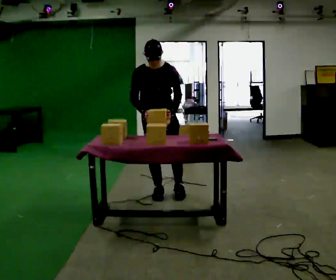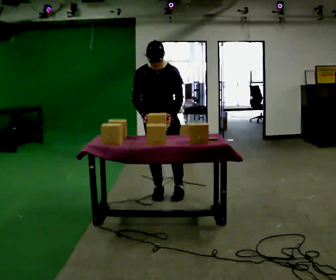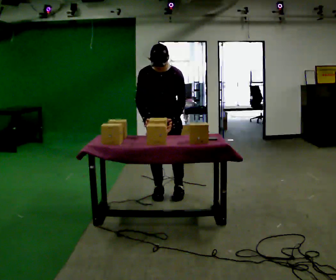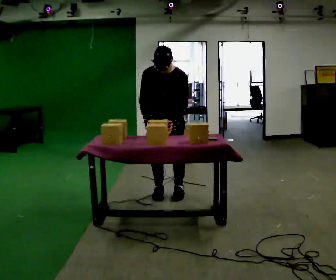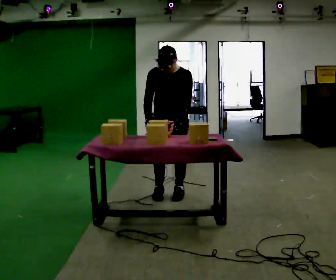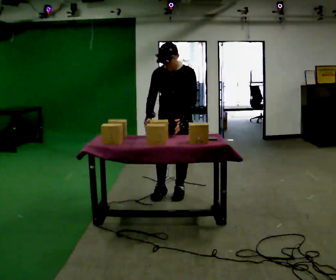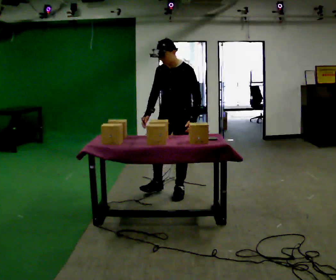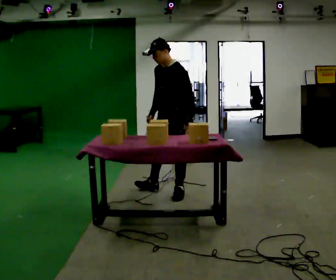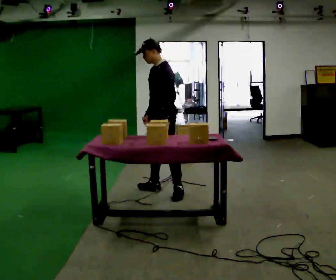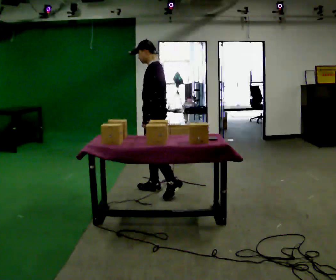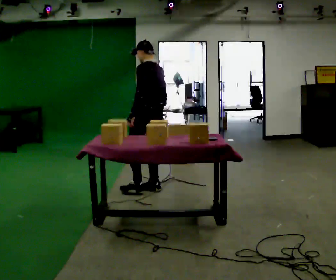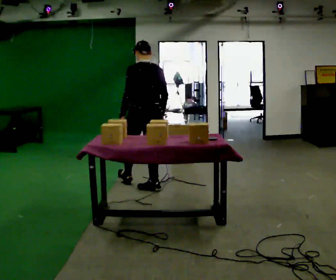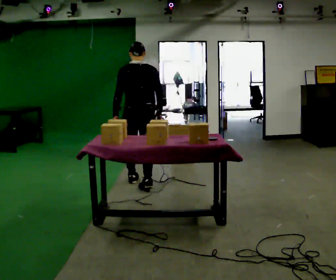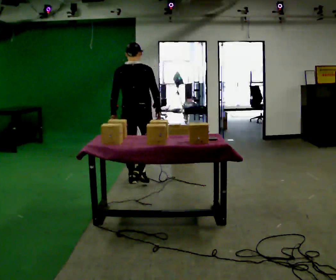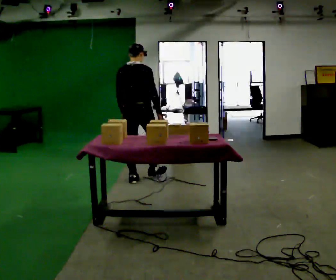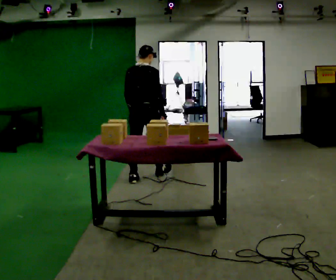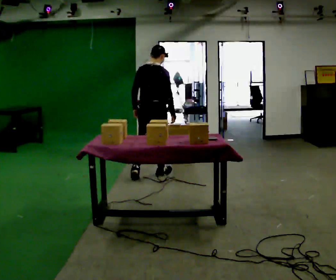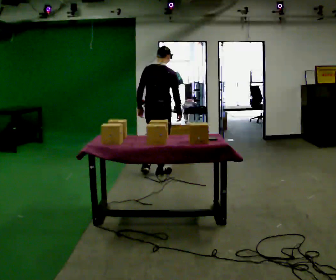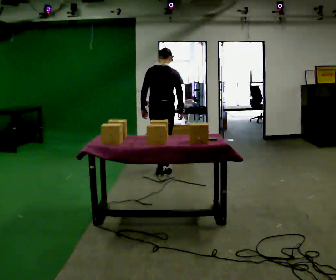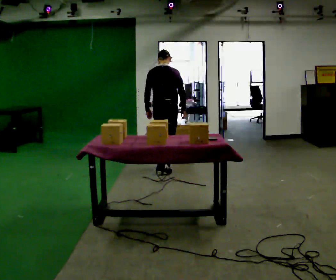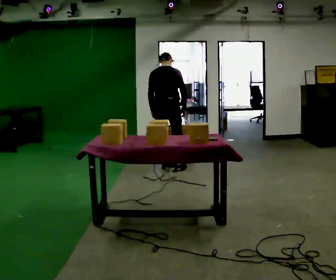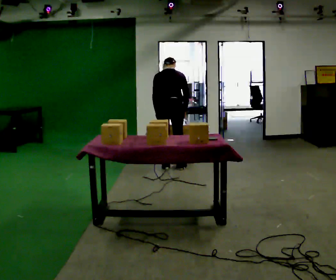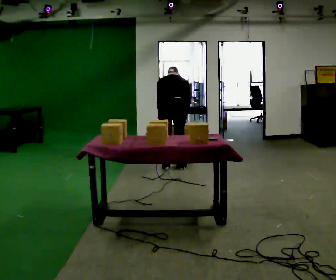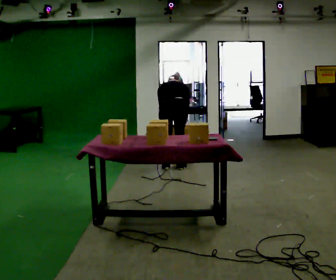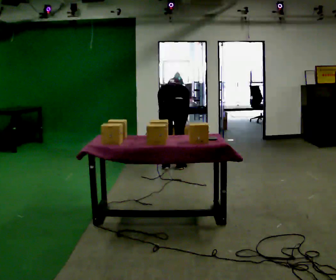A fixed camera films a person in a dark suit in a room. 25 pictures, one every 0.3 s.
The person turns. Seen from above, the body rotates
clockwise.
The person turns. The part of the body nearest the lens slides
to the left.
0.0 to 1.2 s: In the picture they go to the right, about 0.25 m in 1 step, which for them is to their left.
1.2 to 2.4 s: Seen from above the body turns clockwise, about 60 degrees: to their right, with its near side sliding to the left. The upper body tips away from the camera, its near side rolling upward, as they lean back or straighten.
2.4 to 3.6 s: The part of the body nearest the lens slides to the left as the person turns to their right by about 105 degrees. In the picture they go to the left and away from the camera, about 0.5 m in 1 step.
3.6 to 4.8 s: The part of the body nearest the lens slides to the left as the person turns to their right by about 30 degrees. In the picture they go away from the camera, about 0.5 m in 1 step, which for them is forward.
4.8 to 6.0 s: In the picture they go away from the camera and to the right, about 0.5 m in 1 step, which for them is forward. The upper body tips away from the camera, its near side rolling upward, as they bend forward.
6.0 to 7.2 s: The upper body goes downward. The upper body tips away from the camera, its near side rolling upward, as they bend forward.
The film runs forward here.
